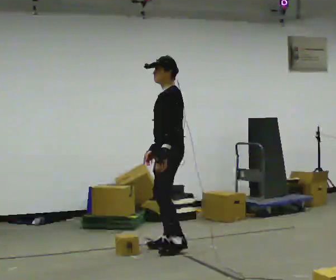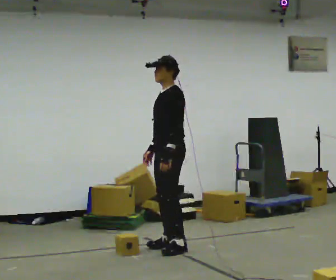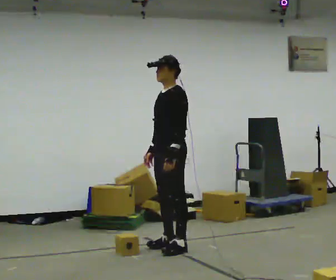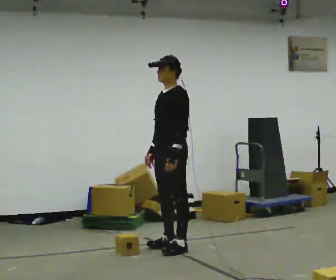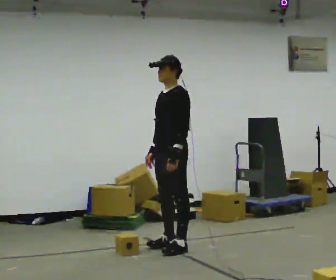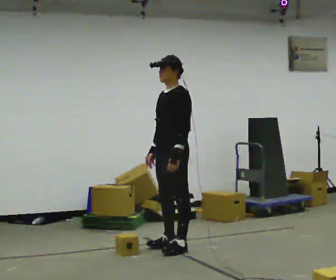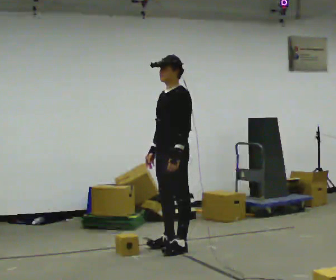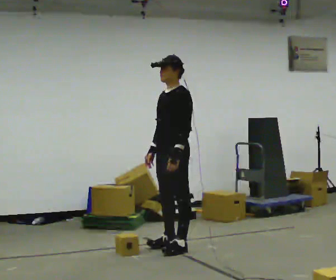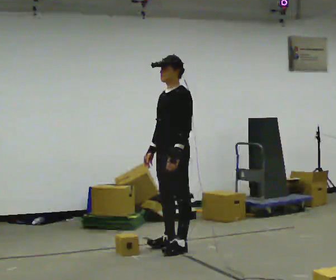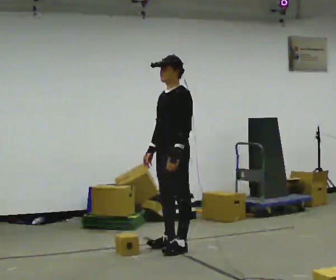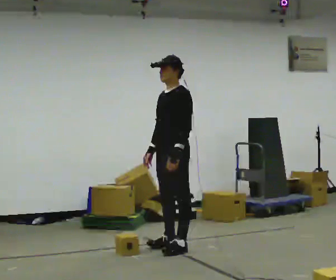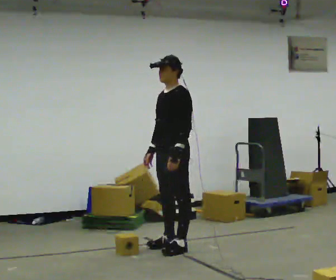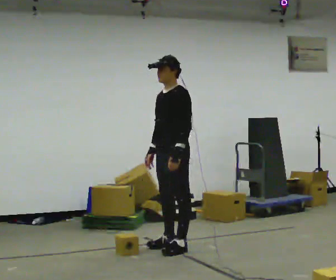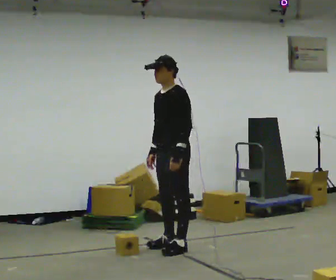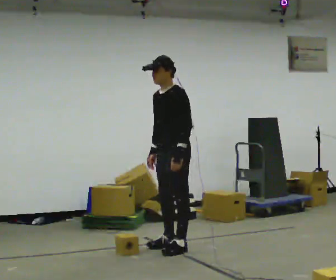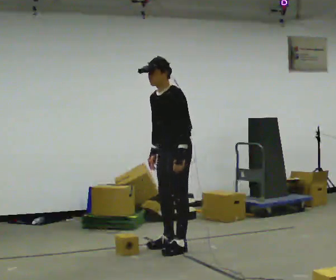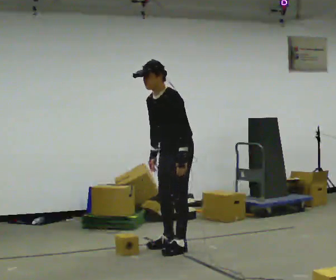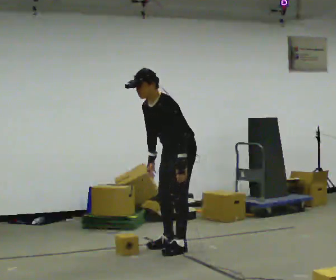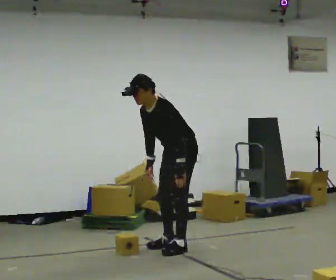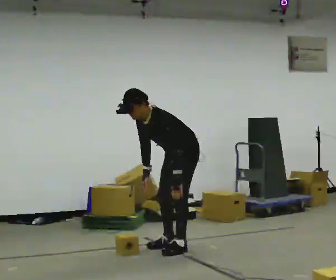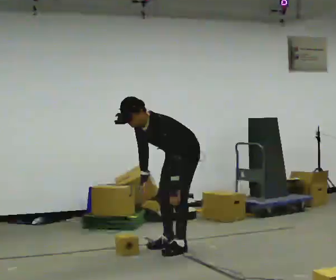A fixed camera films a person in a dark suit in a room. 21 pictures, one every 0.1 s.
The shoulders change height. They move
downward.
0.0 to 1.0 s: The person moves a little, or ends about where they began.
1.0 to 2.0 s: The upper body goes downward. In the picture the upper body tilts counterclockwise, shoulders to the left, as they bend forward.
The film runs backward here.
